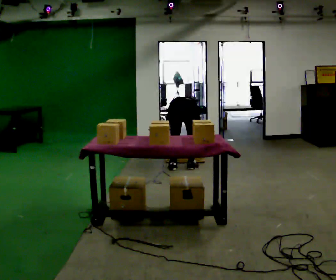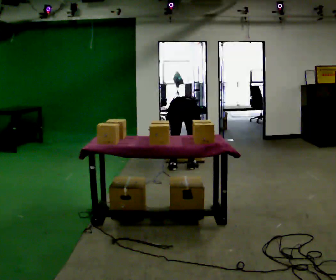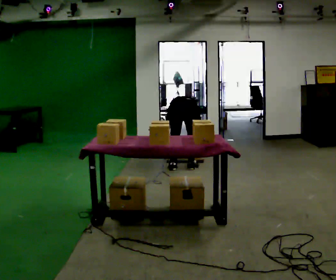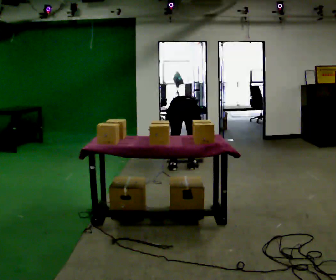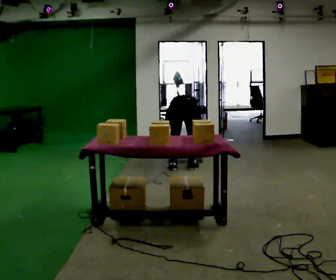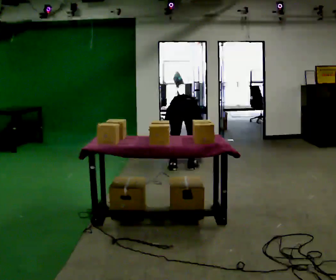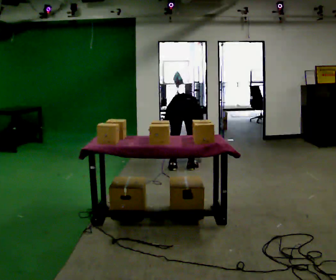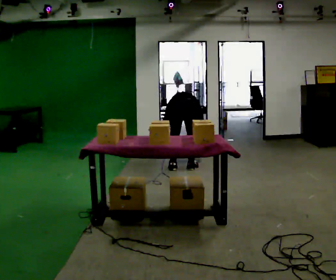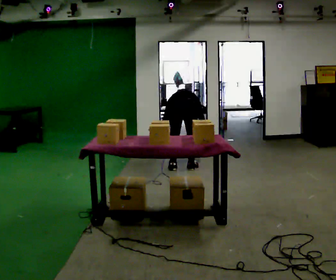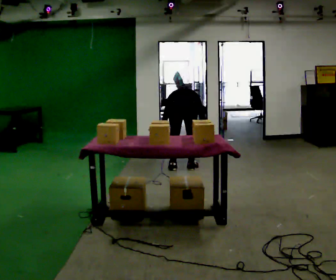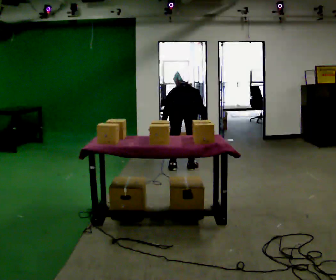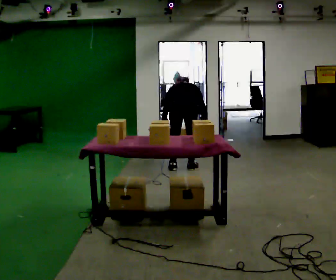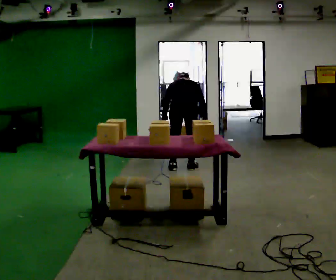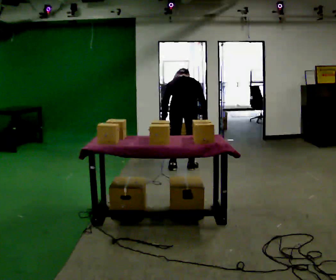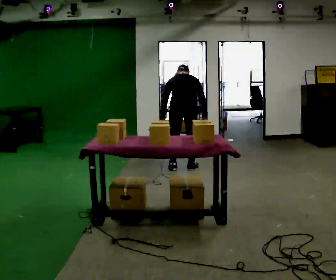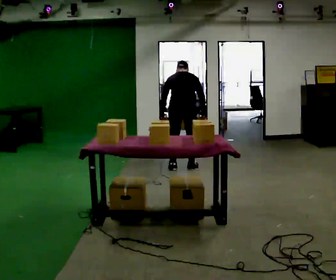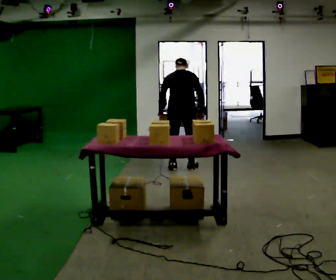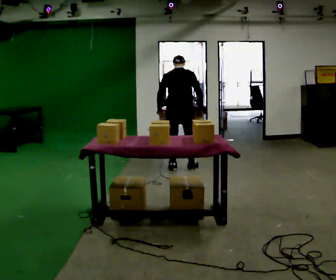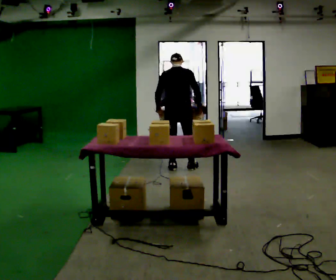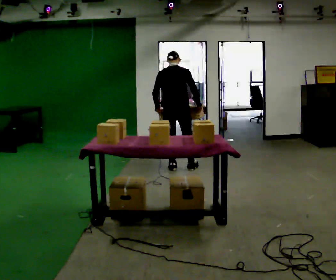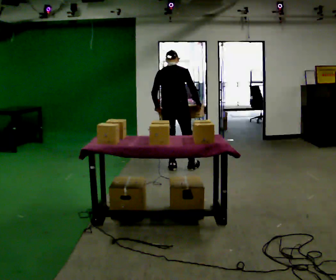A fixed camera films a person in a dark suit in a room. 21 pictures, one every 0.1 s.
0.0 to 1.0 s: The upper body goes upward. The upper body tips toward the camera, its near side rolling downward, as they lean back or straighten.
1.0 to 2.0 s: The upper body goes upward. The upper body tips toward the camera, its near side rolling downward, as they lean back or straighten. In the picture their left hand goes upward.
The film runs backward here.
